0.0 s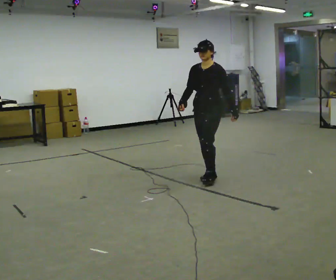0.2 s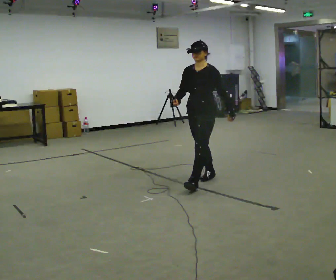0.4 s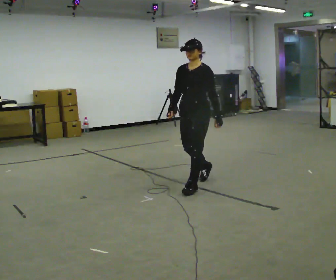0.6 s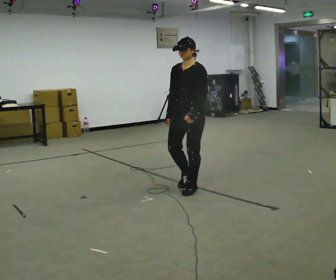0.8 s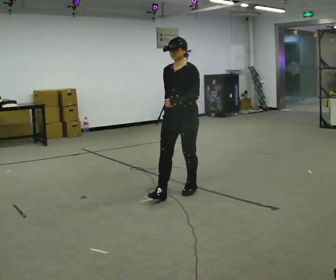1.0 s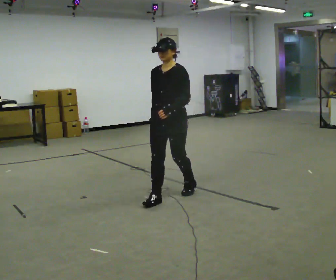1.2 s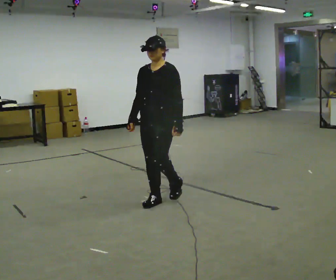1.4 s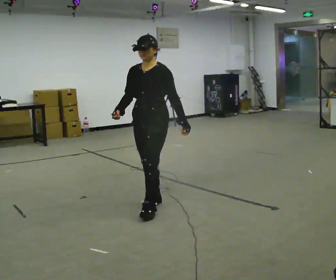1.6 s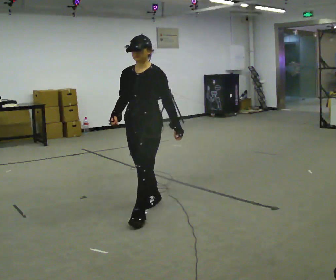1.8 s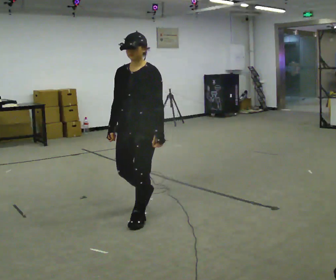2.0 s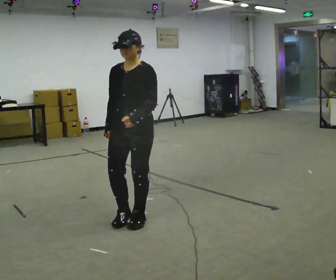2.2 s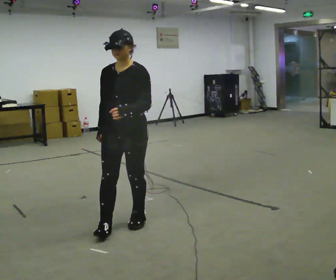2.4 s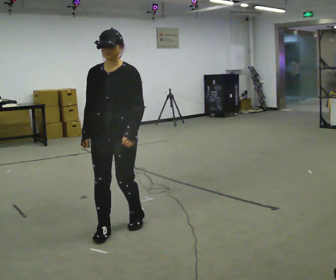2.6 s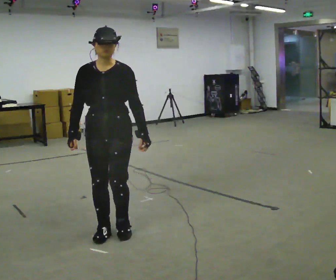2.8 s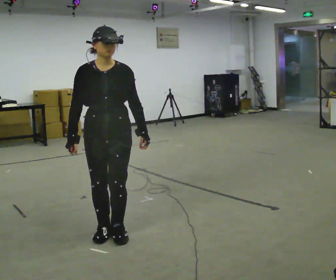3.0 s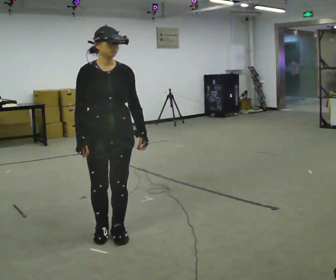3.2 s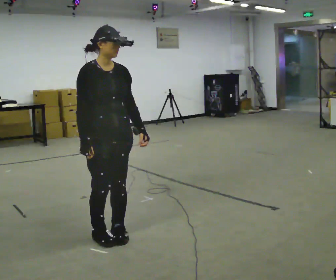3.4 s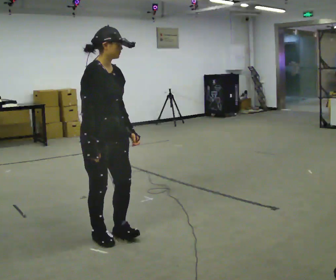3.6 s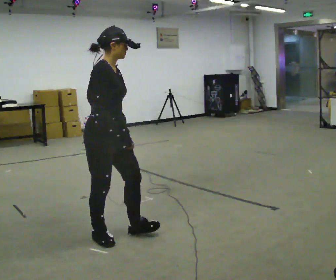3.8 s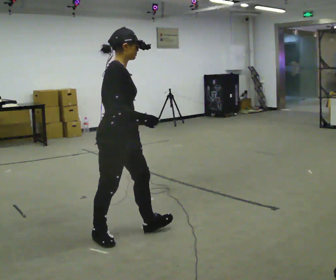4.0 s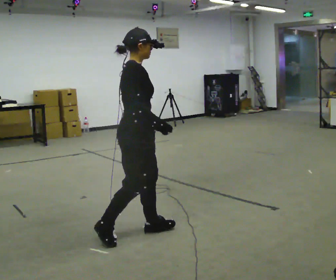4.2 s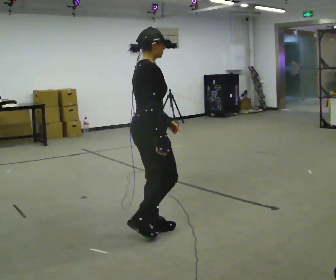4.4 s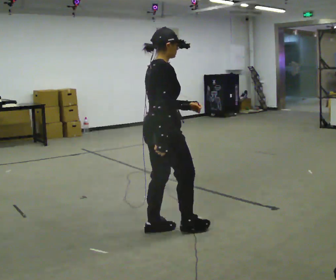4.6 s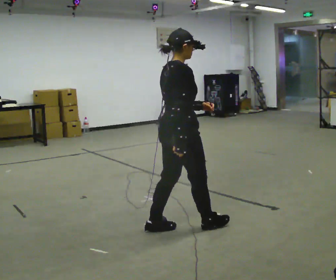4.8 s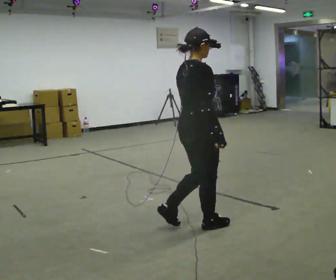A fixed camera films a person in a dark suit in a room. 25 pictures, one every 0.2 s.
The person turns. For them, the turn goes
to their left.
The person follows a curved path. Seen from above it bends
counterclockwise.
0.0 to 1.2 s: In the picture they go toward the camera and to the left, about 1 m in 2 steps, which for them is forward.
1.2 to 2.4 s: In the picture they go toward the camera and to the left, about 0.5 m in 2 steps, which for them is forward.
2.4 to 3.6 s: The part of the body nearest the lens slides to the right as the person turns to their left by about 90 degrees.
3.6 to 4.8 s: Seen from above the body turns counterclockwise, about 30 degrees: to their left, with its near side sliding to the right. In the picture they go to the right, about 0.75 m in 2 steps, which for them is forward.
The film runs forward here.
